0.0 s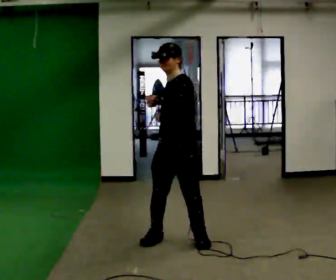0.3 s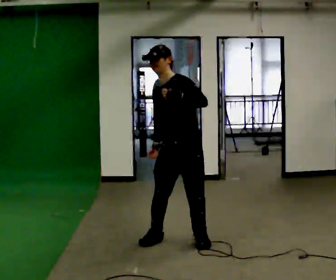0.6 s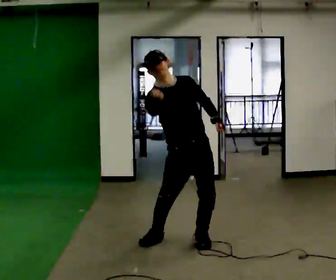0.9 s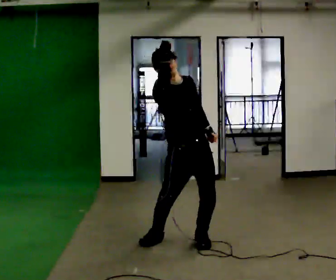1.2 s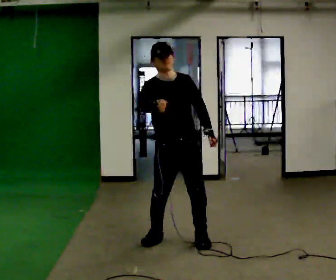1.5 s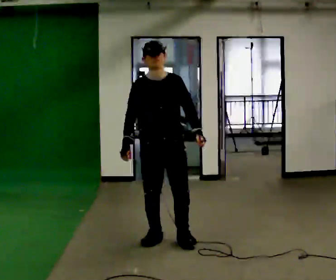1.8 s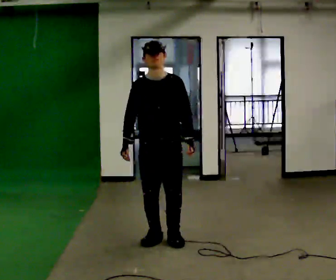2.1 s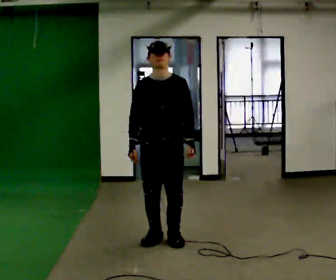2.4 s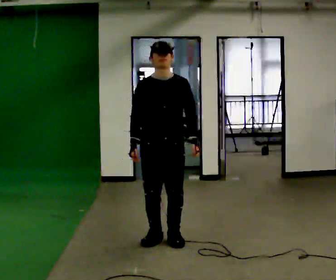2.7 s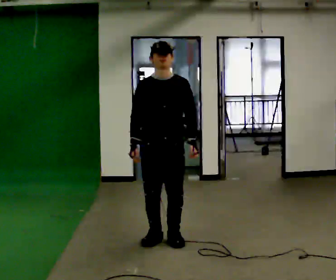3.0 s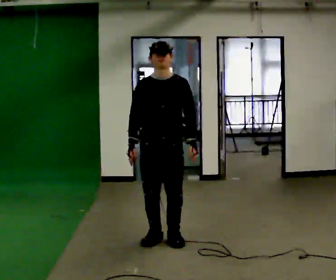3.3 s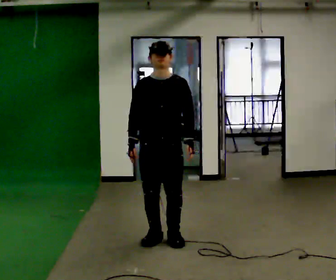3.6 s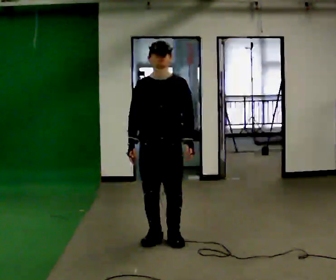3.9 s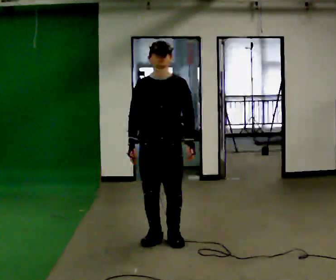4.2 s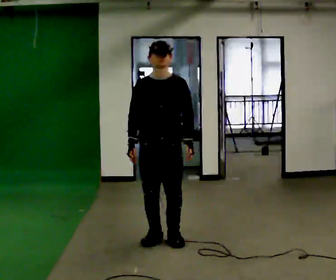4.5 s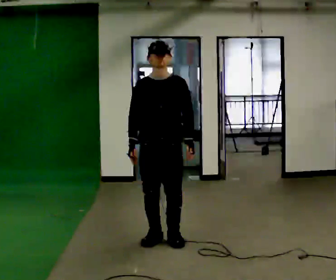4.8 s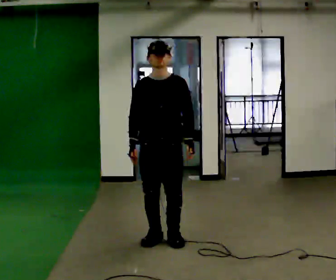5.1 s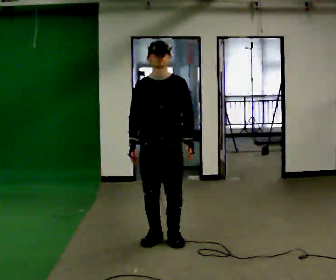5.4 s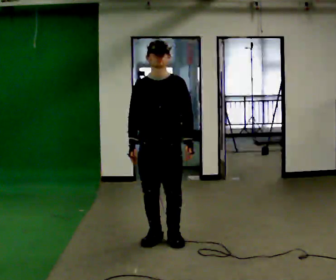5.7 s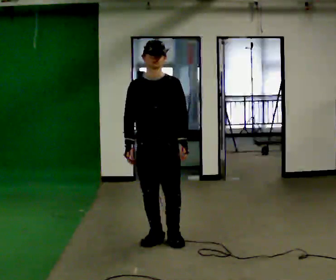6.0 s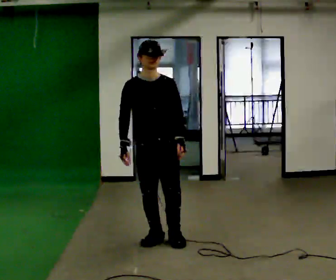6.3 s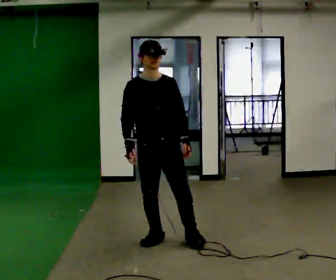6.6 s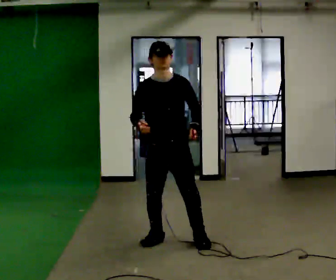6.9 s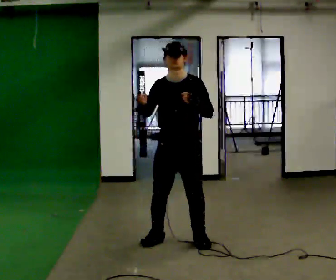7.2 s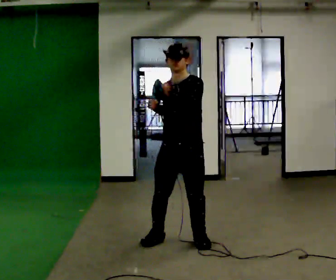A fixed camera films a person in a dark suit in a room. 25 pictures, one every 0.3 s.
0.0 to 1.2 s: The part of the body nearest the lens slides to the right as the person turns to their left by about 45 degrees.
1.2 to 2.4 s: In the picture their right hand goes downward.
2.4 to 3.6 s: The person moves a little, or ends about where they began.
3.6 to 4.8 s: The person keeps their place and pose.
4.8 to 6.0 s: The person moves a little, or ends about where they began.
6.0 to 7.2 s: In the picture they go to the right, about 0.25 m in 1 step, which for them is to their left. In the picture their left hand goes upward.
The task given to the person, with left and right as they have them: Mimic boxing into the air at moderate speed with both hands, moving your feet only a little. Stay controlled; do not punch at full speed.
The film runs forward here.
